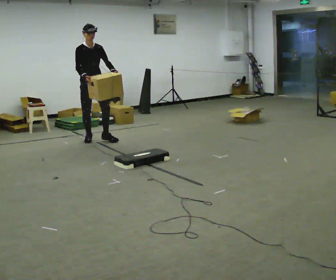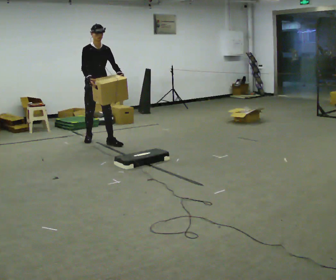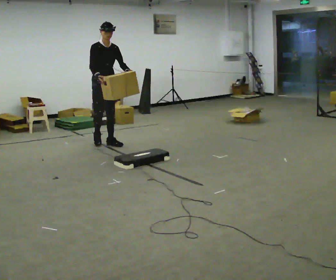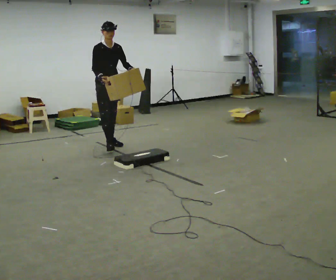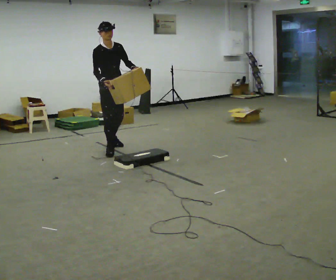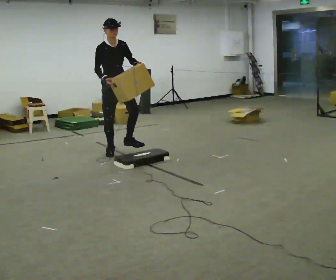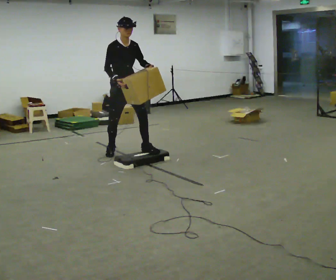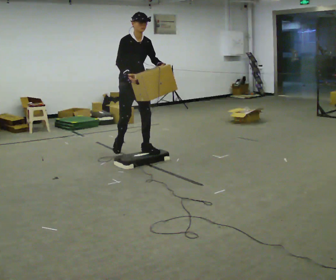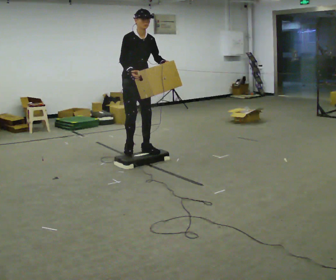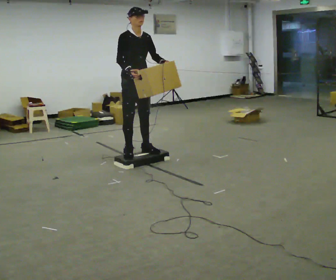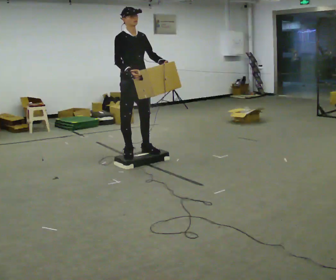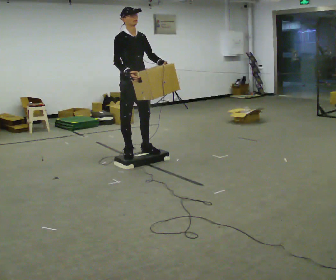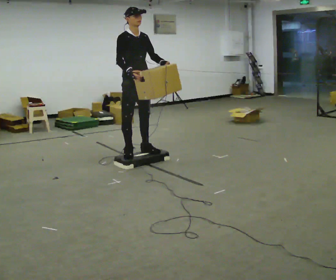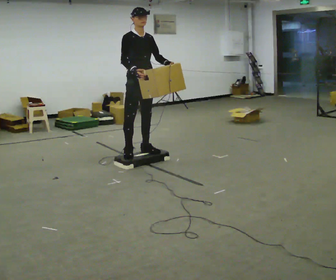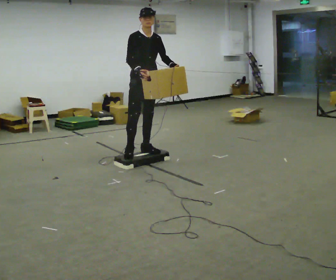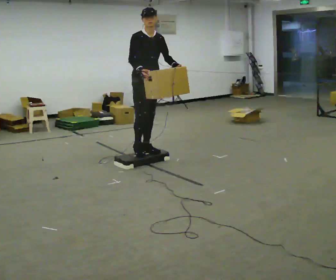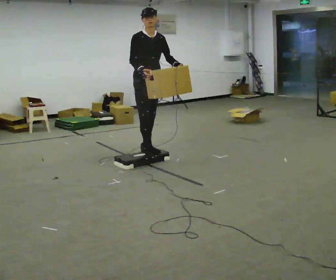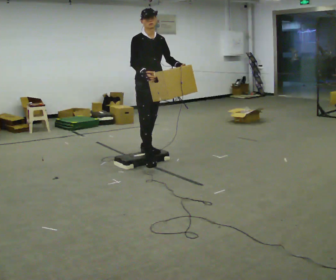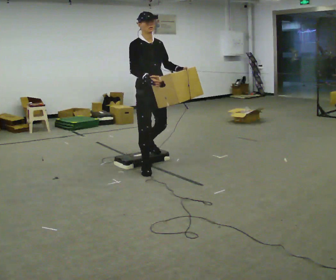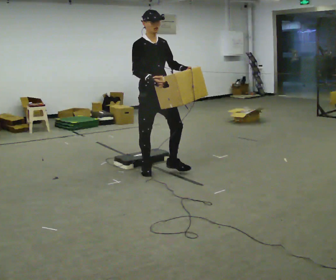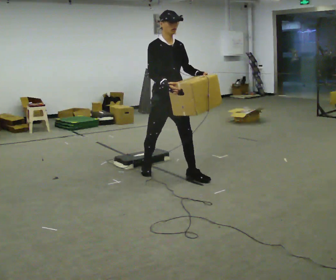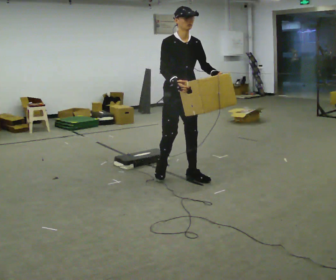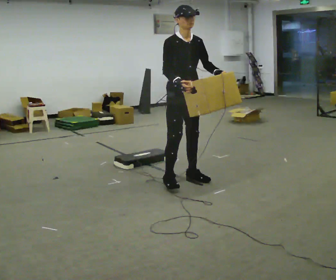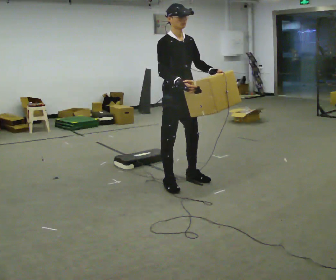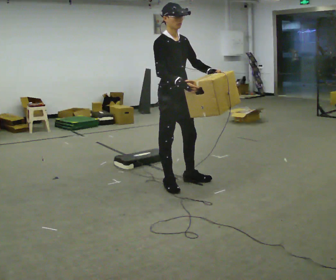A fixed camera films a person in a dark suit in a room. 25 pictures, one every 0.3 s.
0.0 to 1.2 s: In the picture they go toward the camera and to the right, about 0.75 m in 2 steps, which for them is forward.
1.2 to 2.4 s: In the picture they go toward the camera and to the right, about 0.5 m in 1 step, which for them is forward.
2.4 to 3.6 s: In the picture they go toward the camera, about 0.25 m in 1 step, which for them is forward.
3.6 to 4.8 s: In the picture they go to the right, about 0.25 m, which for them is to their left.
4.8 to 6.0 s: In the picture they go toward the camera, about 0.75 m in 2 steps, which for them is forward.
6.0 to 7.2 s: In the picture they go toward the camera, about 0.25 m in 1 step, which for them is forward and to their right.
The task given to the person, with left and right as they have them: Carry the box up onto the platform, across it, and down the other side, then bring it back. Keep going until the operator says stop; one object at a time, and do not rush between trips.
The film runs forward here.
